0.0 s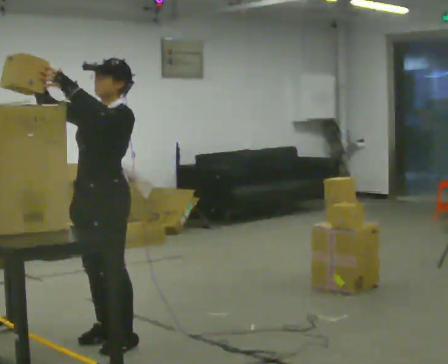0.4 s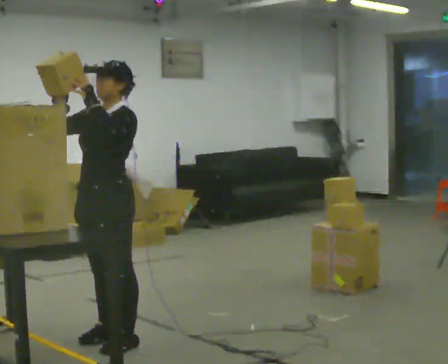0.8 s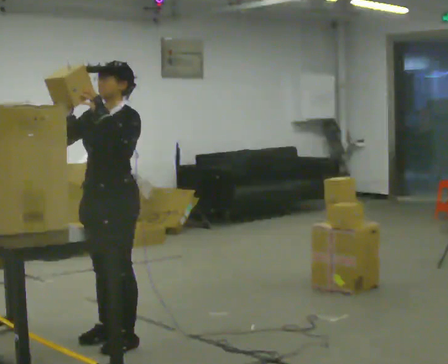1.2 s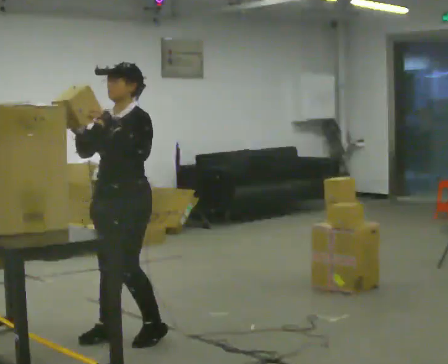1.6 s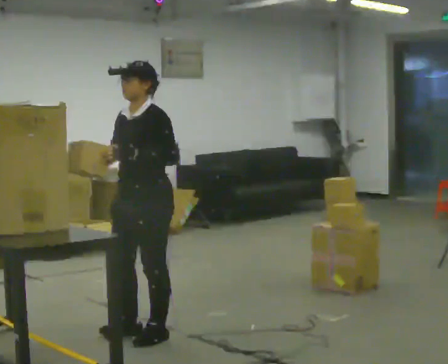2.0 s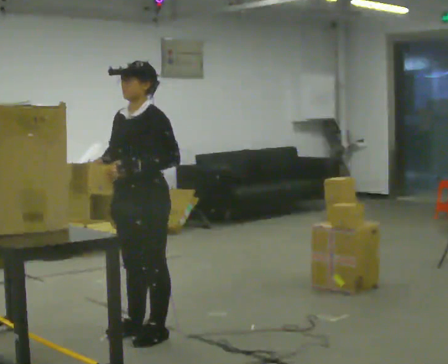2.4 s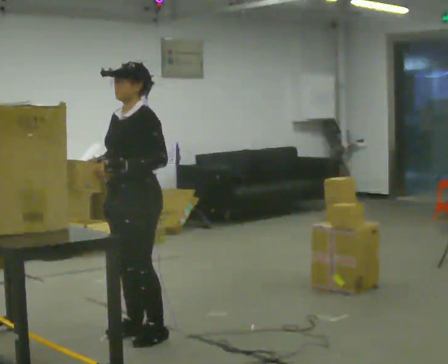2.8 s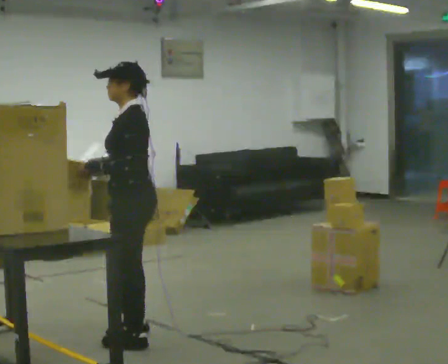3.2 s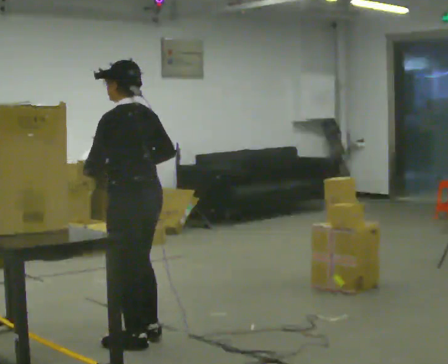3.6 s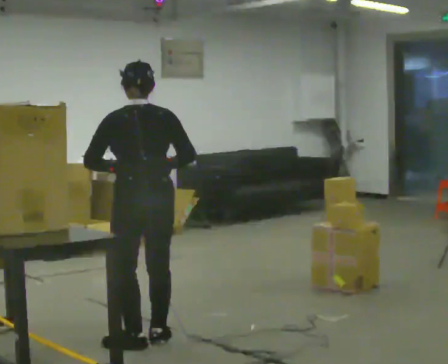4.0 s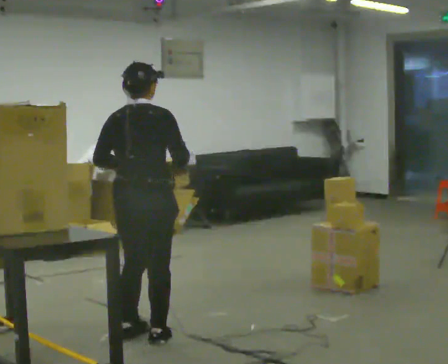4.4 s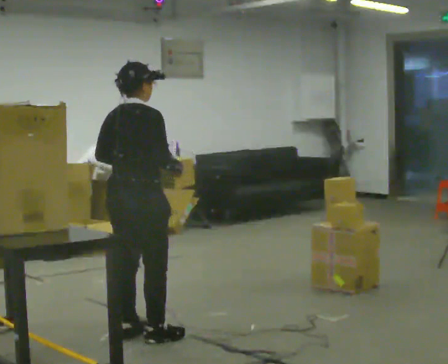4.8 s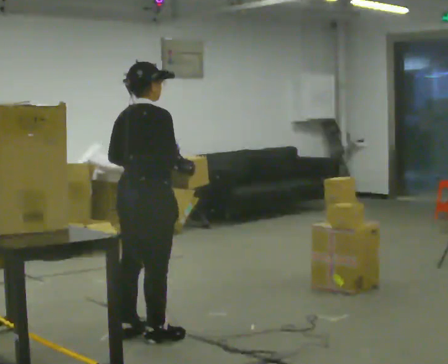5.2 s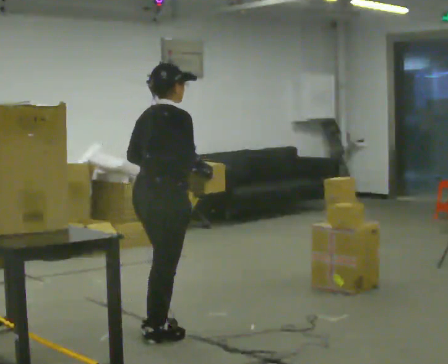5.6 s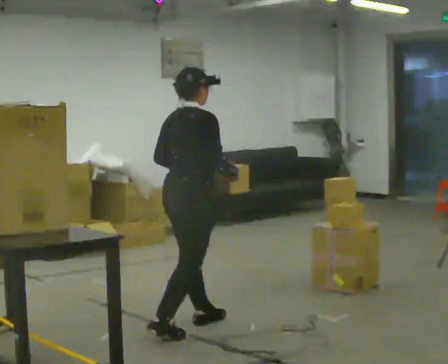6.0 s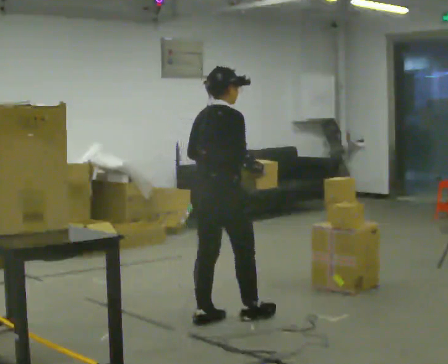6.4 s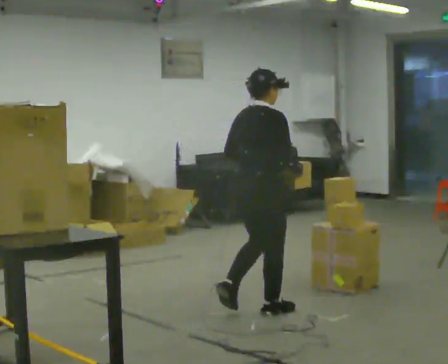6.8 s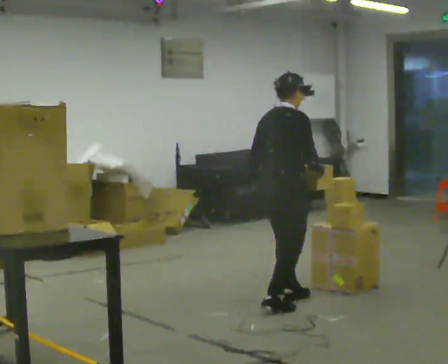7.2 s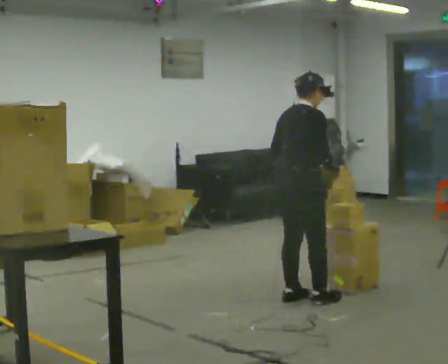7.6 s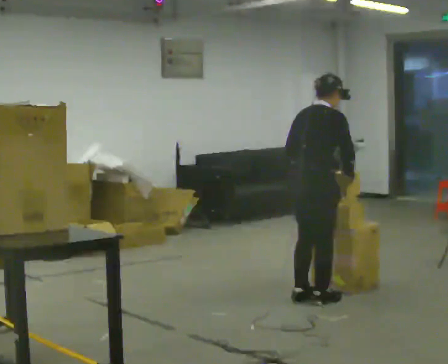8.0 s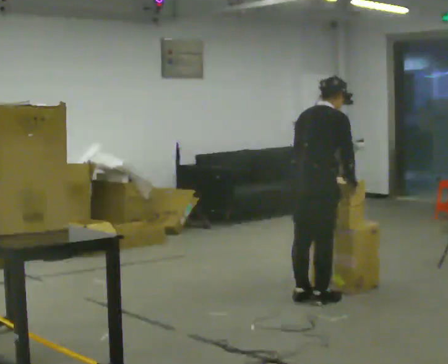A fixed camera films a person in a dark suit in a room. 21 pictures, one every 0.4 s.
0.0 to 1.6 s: In the picture they go to the right, about 0.25 m in 1 step, which for them is backward. In the picture their right hand goes downward.
1.6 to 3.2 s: Seen from above the body turns clockwise, about 75 degrees: to their right, with its near side sliding to the left.
3.2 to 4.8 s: The part of the body nearest the lens slides to the left as the person turns to their right by about 105 degrees.
4.8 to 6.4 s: In the picture they go to the right and away from the camera, about 1 m in 2 steps, which for them is forward.
6.4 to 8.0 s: In the picture they go to the right and away from the camera, about 0.5 m in 2 steps, which for them is forward. In the picture the upper body tilts clockwise, shoulders to the right, as they bend forward.
The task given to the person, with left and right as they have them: Take an object down from the highest shelf you can comfortably reach, carry it across, and place it on the waist-height shelf. Keep going until the operator says stop; one object at a time, and do not rush between trips.
The film runs forward here.
